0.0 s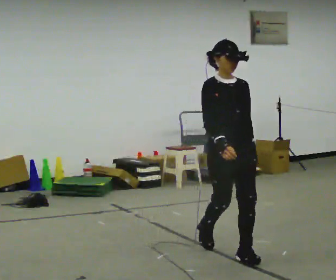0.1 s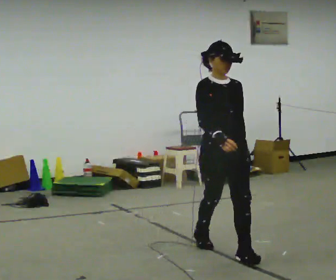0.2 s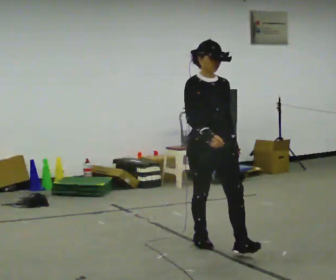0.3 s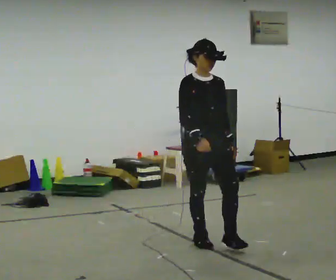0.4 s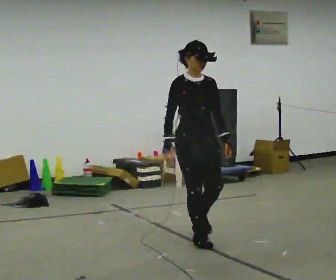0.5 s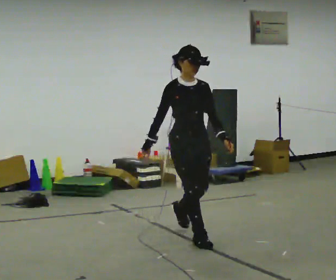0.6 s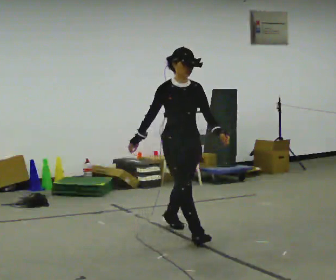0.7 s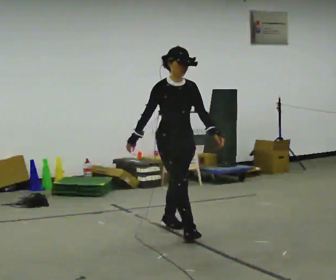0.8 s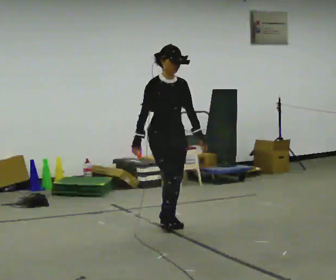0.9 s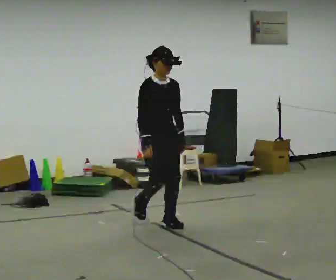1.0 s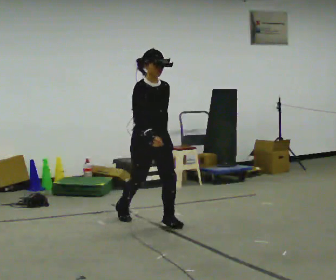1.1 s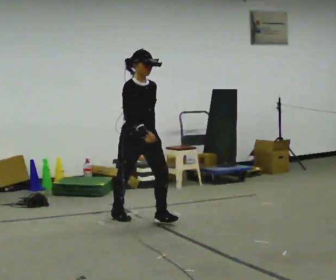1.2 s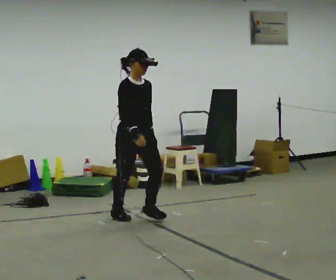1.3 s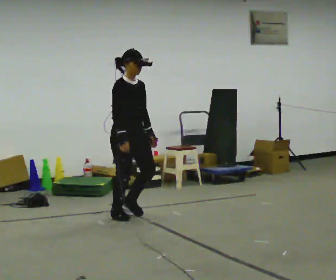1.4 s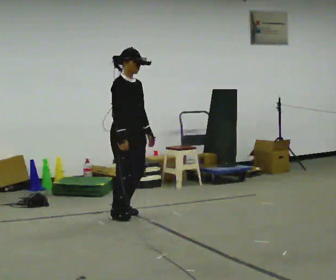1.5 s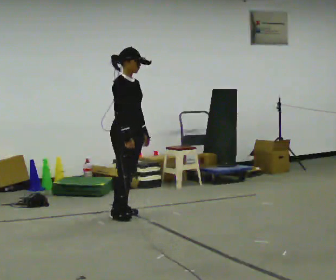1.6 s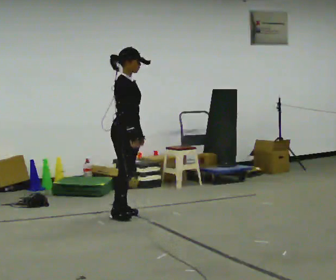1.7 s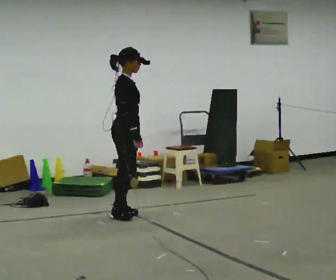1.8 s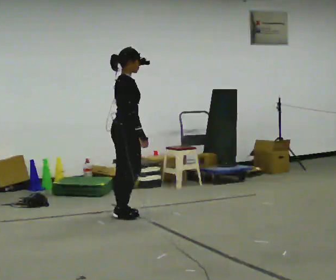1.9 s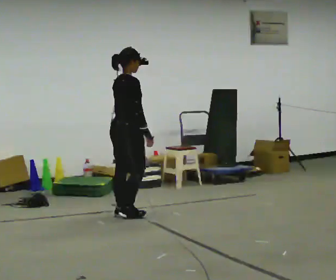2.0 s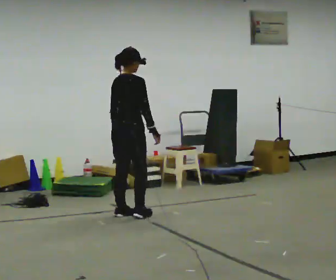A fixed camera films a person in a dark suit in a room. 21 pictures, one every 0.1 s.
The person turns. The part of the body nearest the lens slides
to the right.
The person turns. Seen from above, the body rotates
counterclockwise.
0.0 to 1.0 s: In the picture they go away from the camera and to the left, about 1 m in 2 steps, which for them is backward.
1.0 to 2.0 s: The part of the body nearest the lens slides to the right as the person turns to their left by about 105 degrees. In the picture they go away from the camera and to the left, about 0.5 m in 2 steps.
The film runs backward here.
